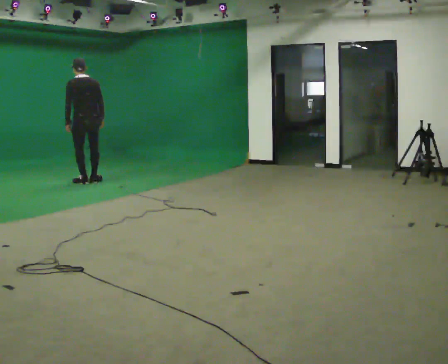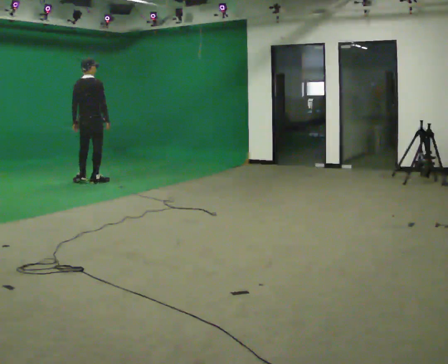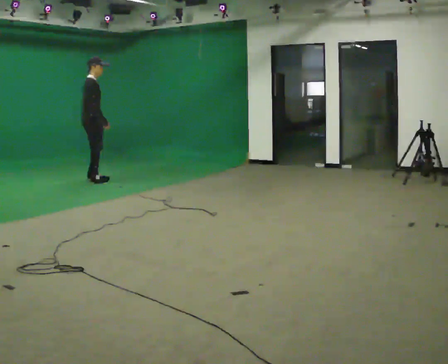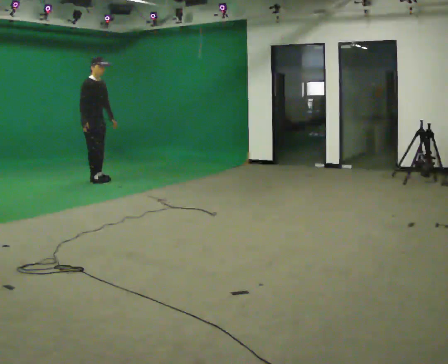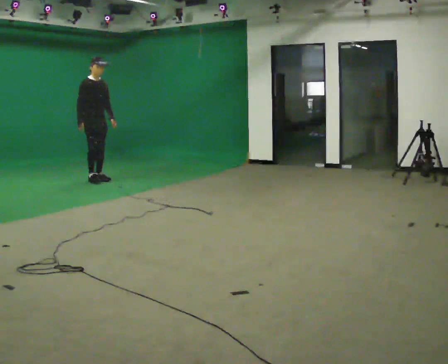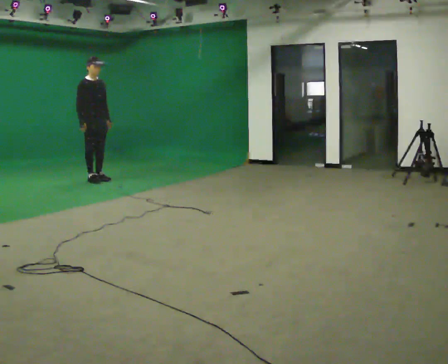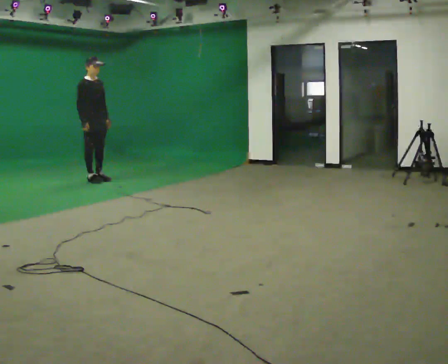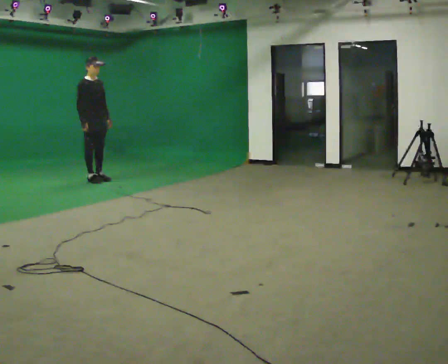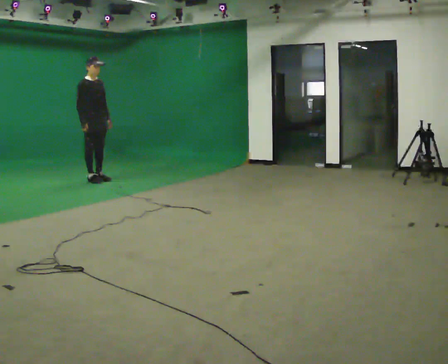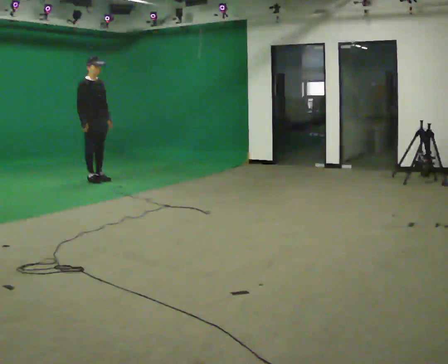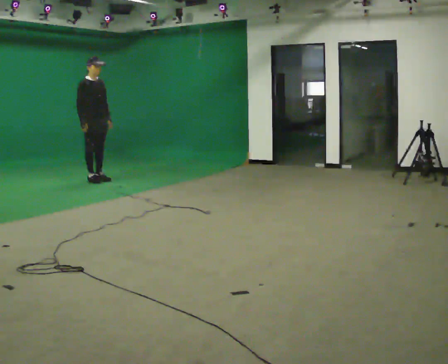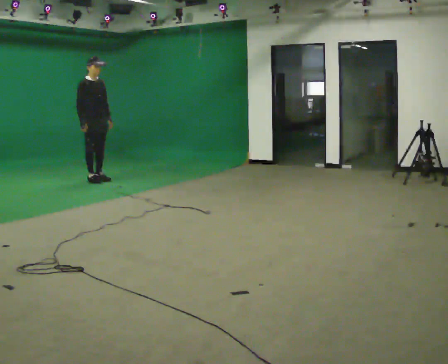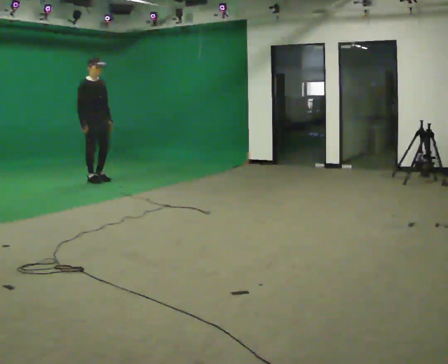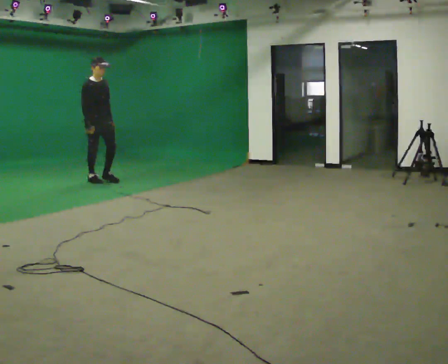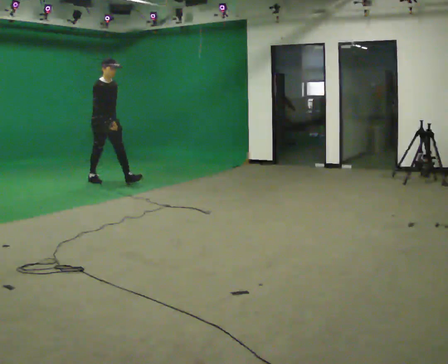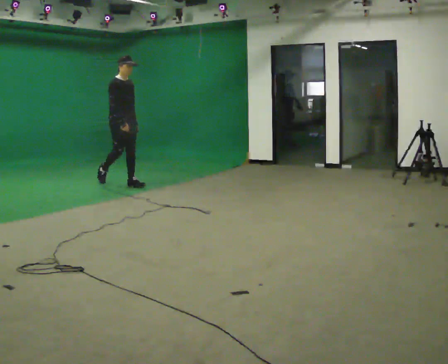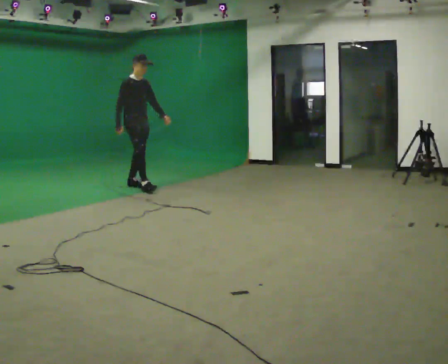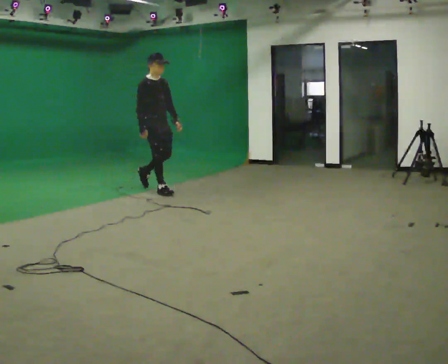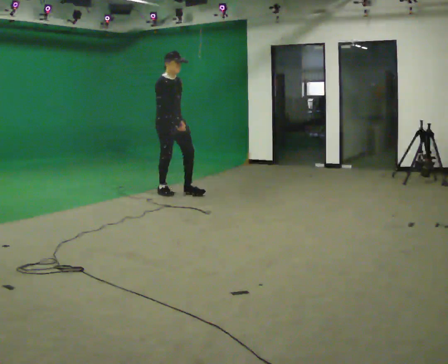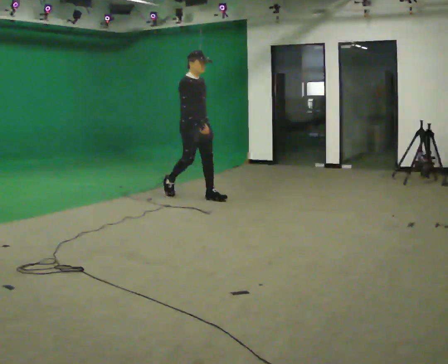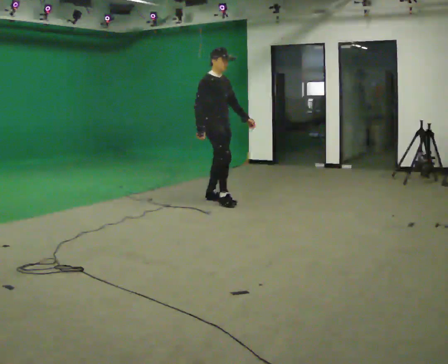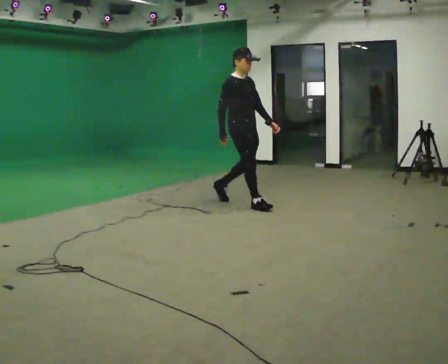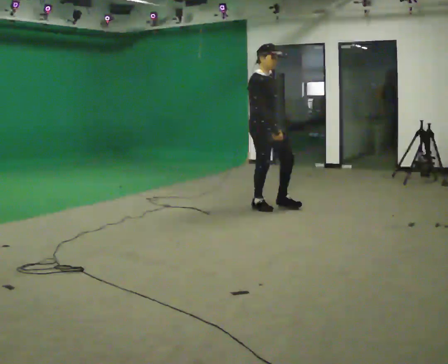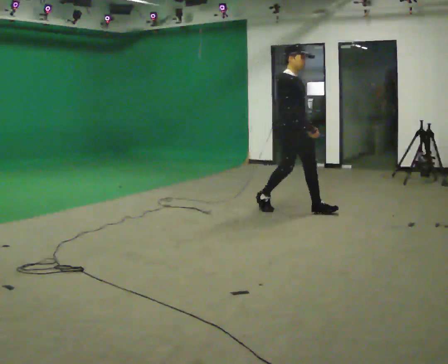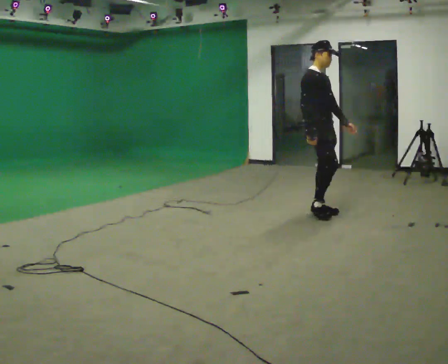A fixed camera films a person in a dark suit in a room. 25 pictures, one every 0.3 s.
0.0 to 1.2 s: The part of the body nearest the lens slides to the left as the person turns to their right by about 135 degrees. In the picture they go away from the camera, about 0.25 m in 1 step. In the picture their left hand goes to the right, the arm swinging counterclockwise.
1.2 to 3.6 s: The person moves a little, or ends about where they began.
3.6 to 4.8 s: In the picture they go to the right and toward the camera, about 1 m in 1 step, which for them is forward.
4.8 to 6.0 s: In the picture they go toward the camera and to the right, about 1.5 m in 2 steps, which for them is forward.
6.0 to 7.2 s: In the picture they go toward the camera and to the right, about 1.5 m in 2 steps, which for them is forward.
The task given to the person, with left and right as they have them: Stand still 2 s; begin walking naturally; walk forward; stop.
The film runs forward here.
